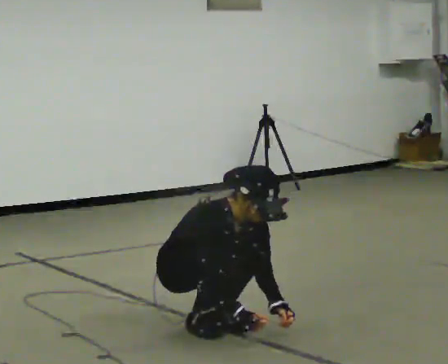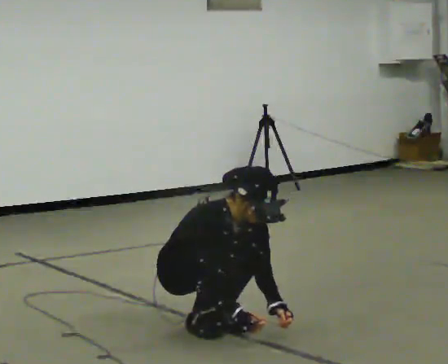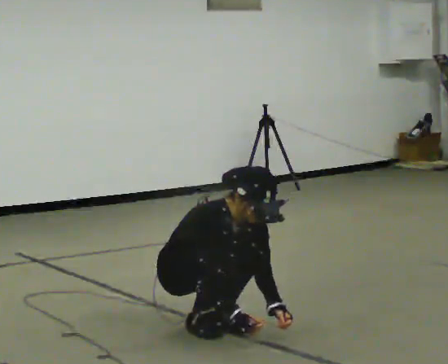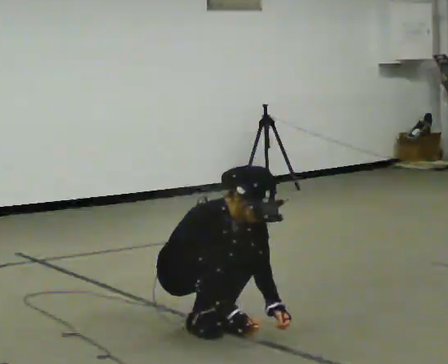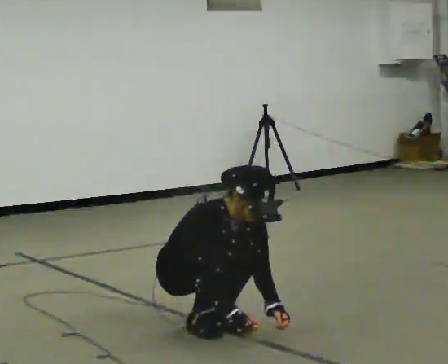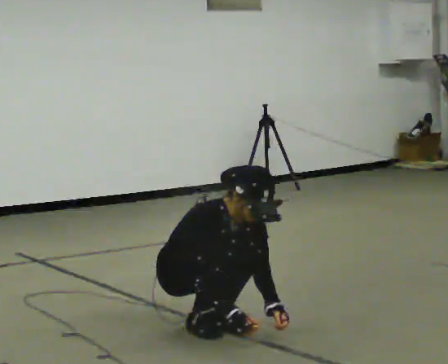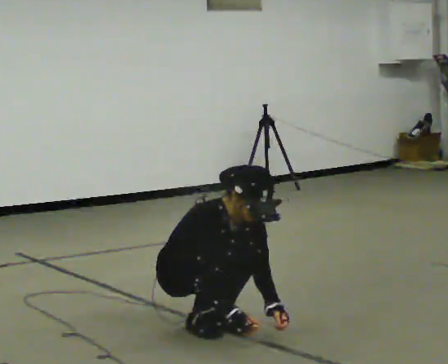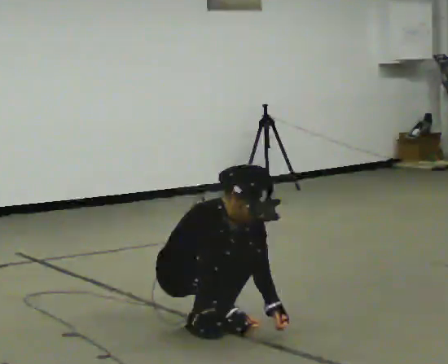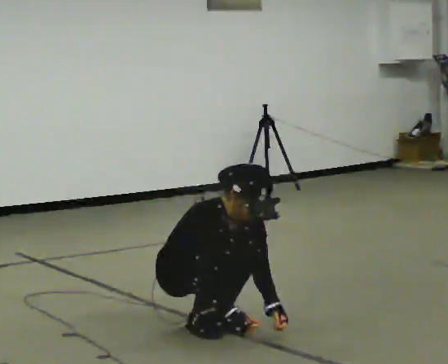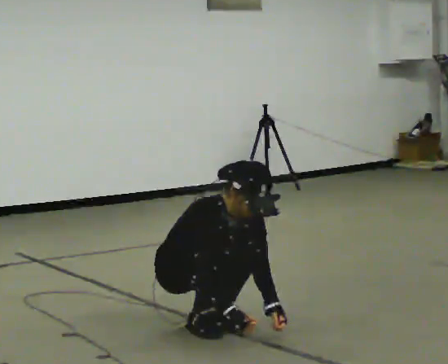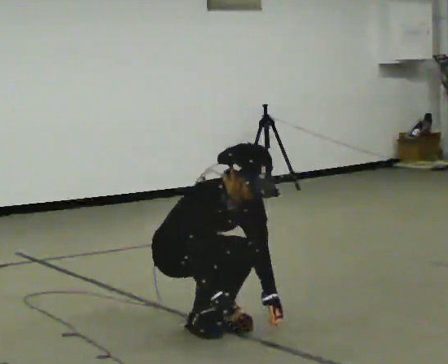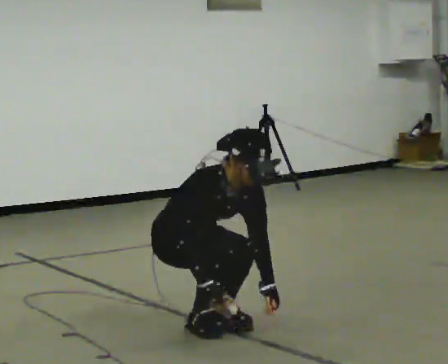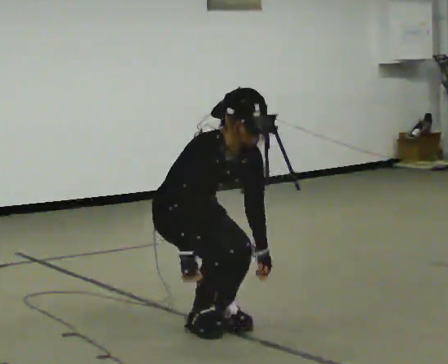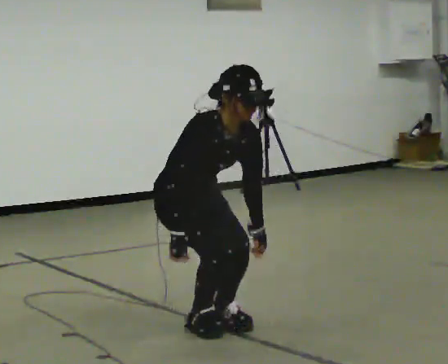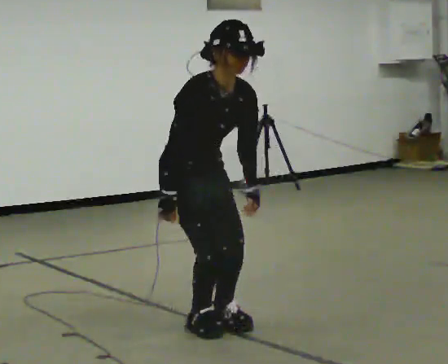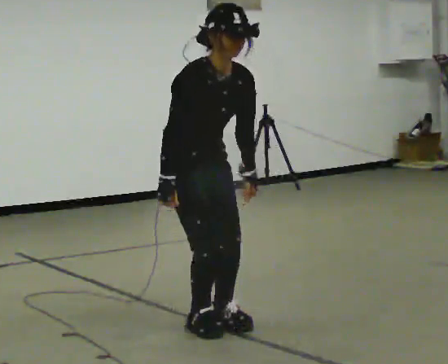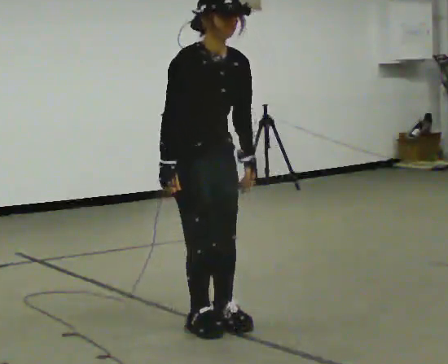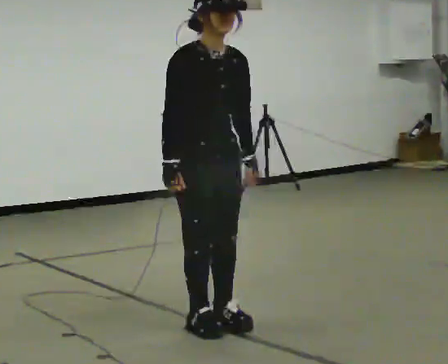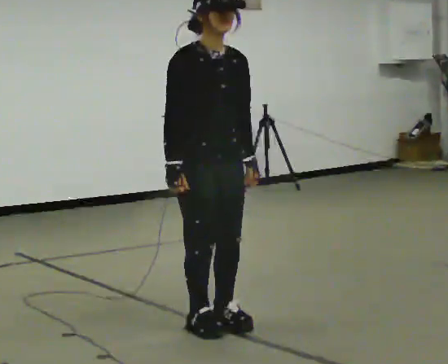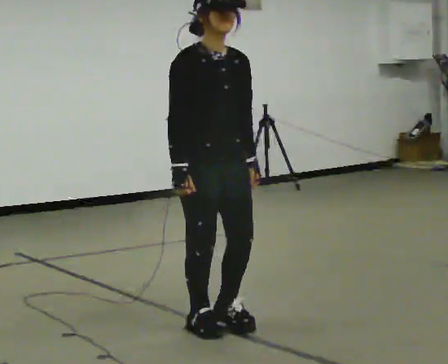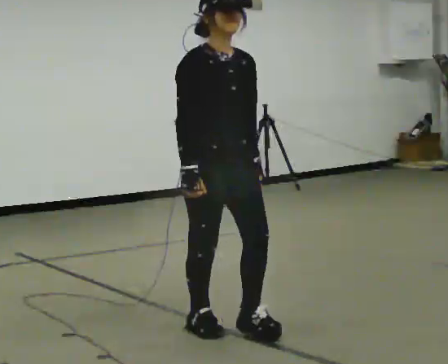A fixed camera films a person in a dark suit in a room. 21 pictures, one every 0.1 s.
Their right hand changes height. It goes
upward.
Their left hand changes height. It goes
upward.
0.0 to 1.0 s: The person moves a little, or ends about where they began.
1.0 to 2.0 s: In the picture they go toward the camera and to the right, about 0.25 m, which for them is forward. The shoulders move upward. The upper body tips away from the camera, its near side rolling upward, as they lean back or straighten. In the picture their left hand goes upward.
The film runs forward here.
